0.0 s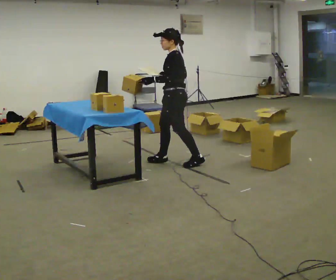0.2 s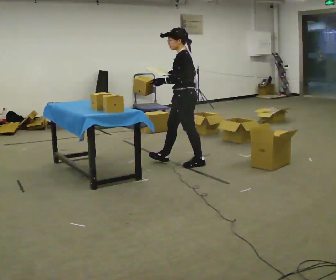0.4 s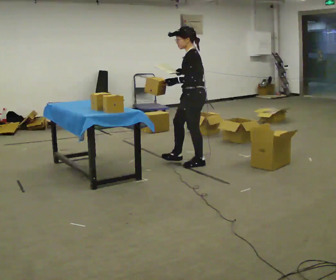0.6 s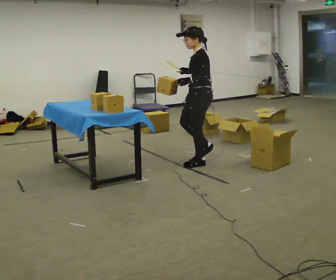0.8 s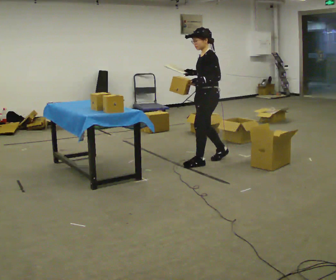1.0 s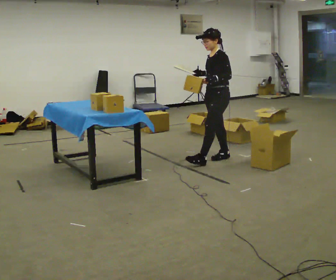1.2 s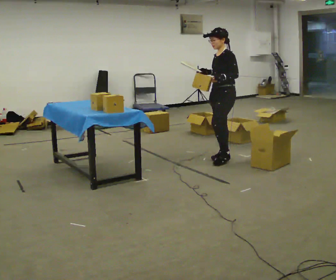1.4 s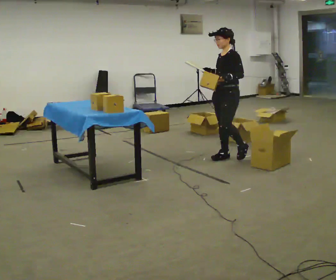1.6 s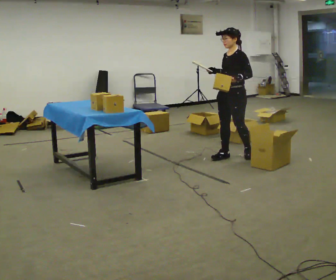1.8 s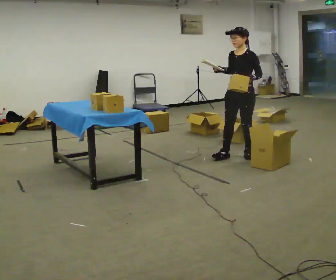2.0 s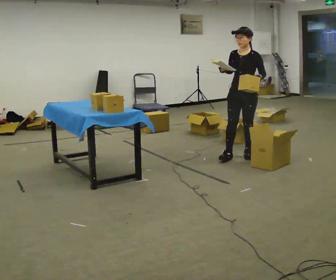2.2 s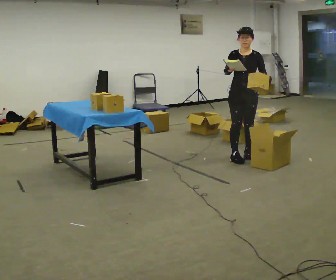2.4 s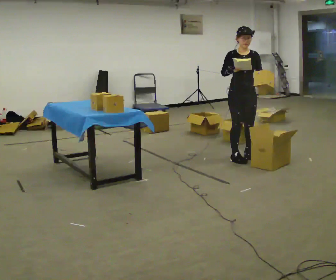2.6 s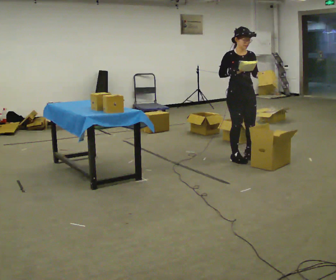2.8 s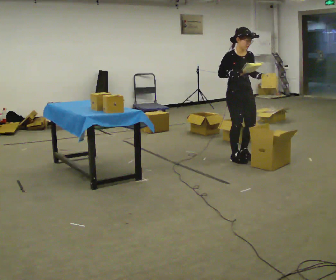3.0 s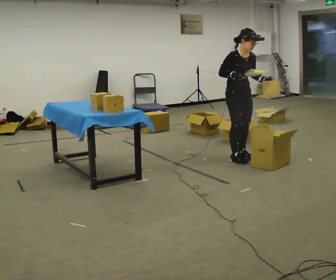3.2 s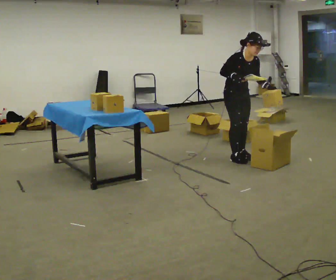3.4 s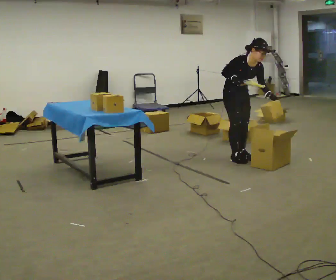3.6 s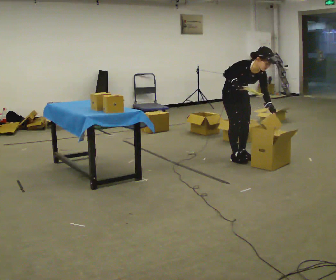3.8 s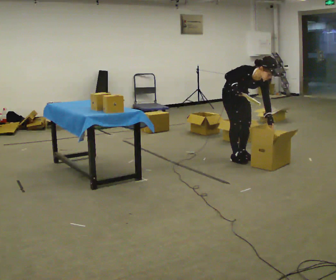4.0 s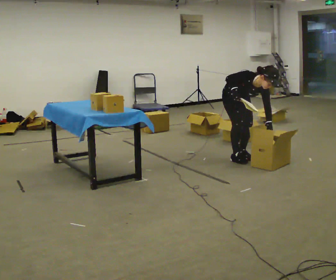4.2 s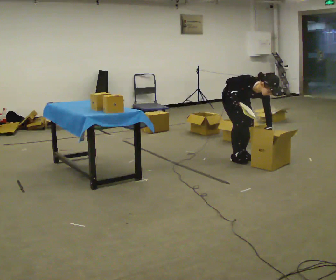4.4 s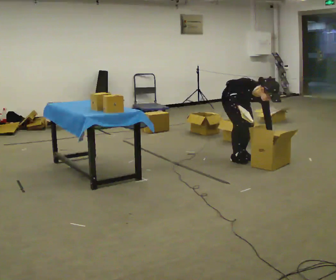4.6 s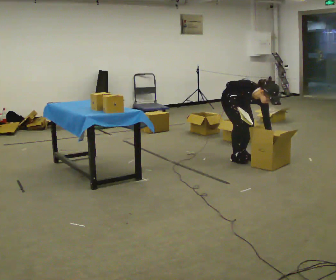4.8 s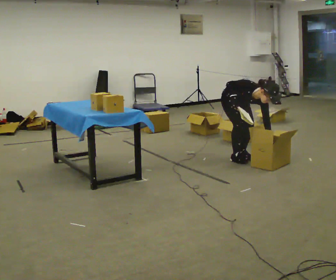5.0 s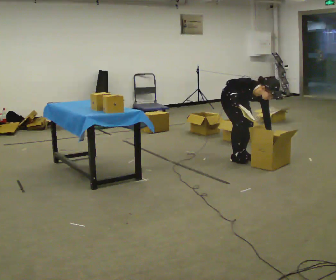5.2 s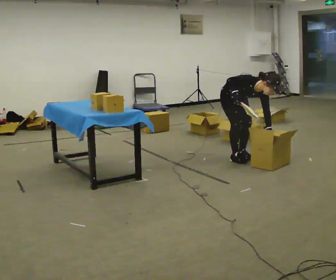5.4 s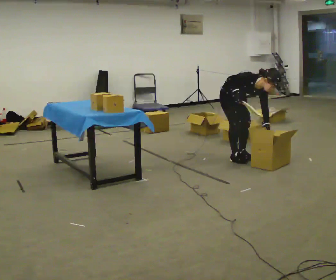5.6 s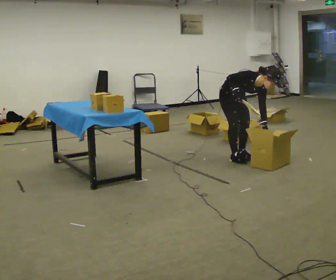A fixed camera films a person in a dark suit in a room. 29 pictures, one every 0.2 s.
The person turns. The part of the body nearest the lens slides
to the right.
The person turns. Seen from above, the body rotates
counterclockwise.
0.0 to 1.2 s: The person turns about 30 degrees to their left, counterclockwise seen from above, so the part of the body nearest the lens slides to the right. In the picture they go to the right and away from the camera, about 0.5 m in 2 steps, which for them is backward.
1.2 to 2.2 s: The person turns about 45 degrees to their left, counterclockwise seen from above, so the part of the body nearest the lens slides to the right. In the picture they go to the right, about 0.25 m, which for them is backward and to their left.
2.2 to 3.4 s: Seen from above the body turns counterclockwise, about 45 degrees: to their left, with its near side sliding to the right. In the picture the upper body tilts clockwise, shoulders to the right.
3.4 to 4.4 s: The upper body goes downward. The upper body tips toward the camera, its near side rolling downward, as they bend forward. In the picture their left hand goes downward.
4.4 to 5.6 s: The upper body tips away from the camera, its near side rolling upward.
The film runs backward here.
